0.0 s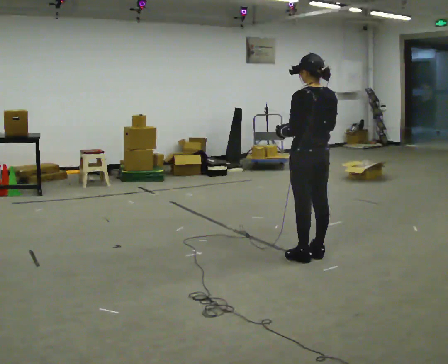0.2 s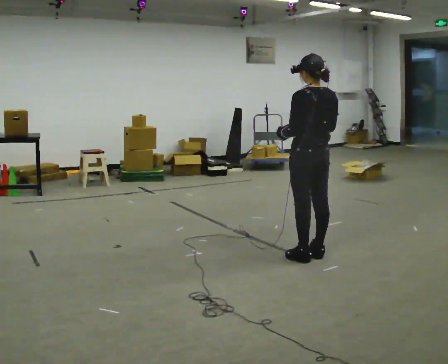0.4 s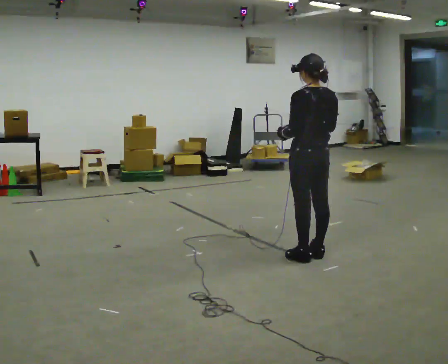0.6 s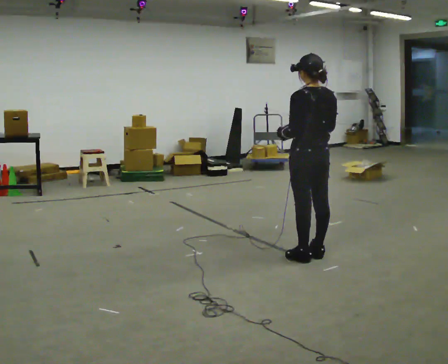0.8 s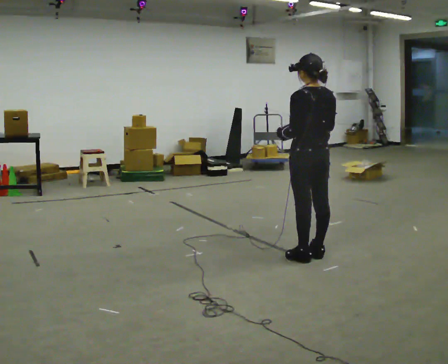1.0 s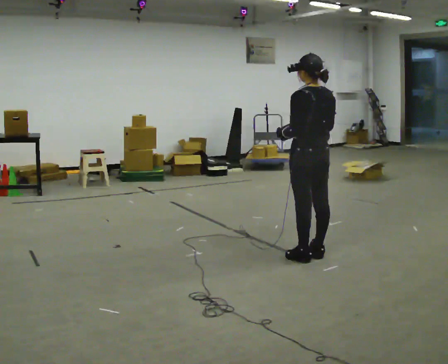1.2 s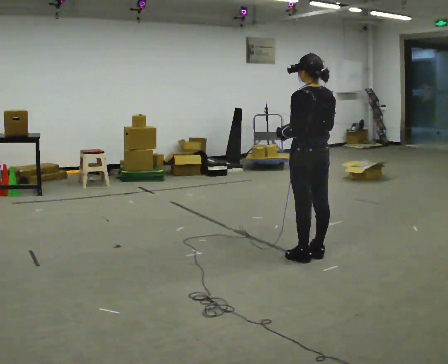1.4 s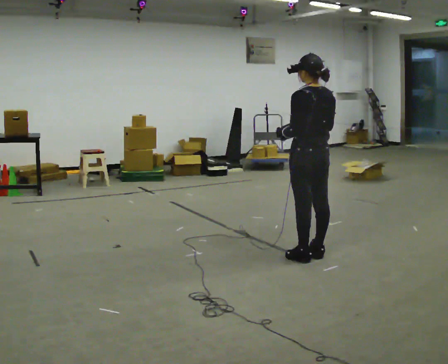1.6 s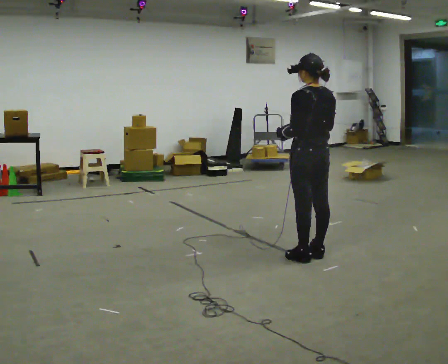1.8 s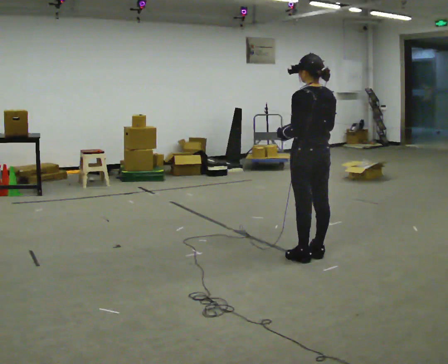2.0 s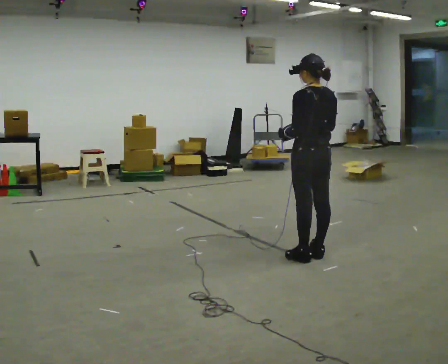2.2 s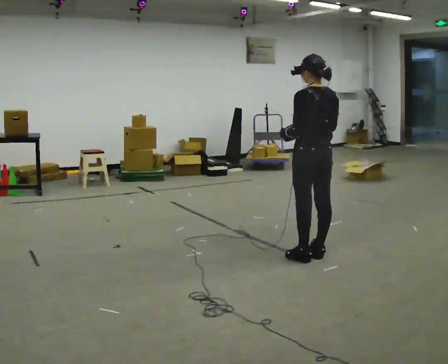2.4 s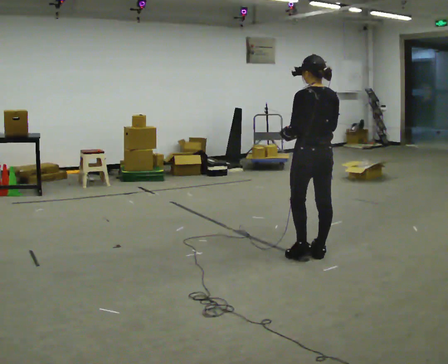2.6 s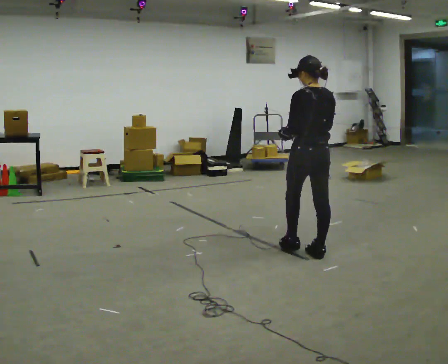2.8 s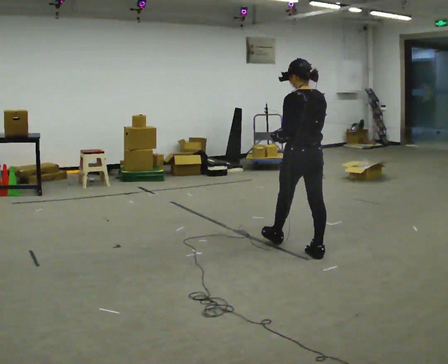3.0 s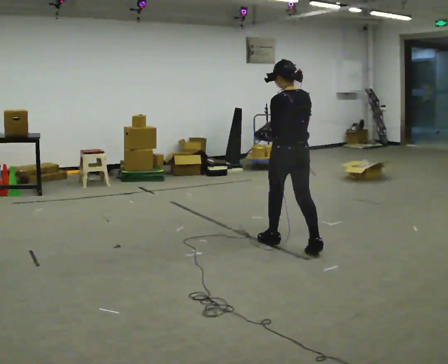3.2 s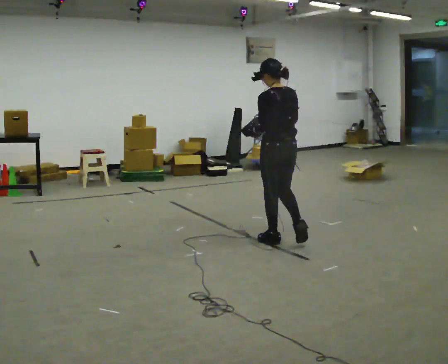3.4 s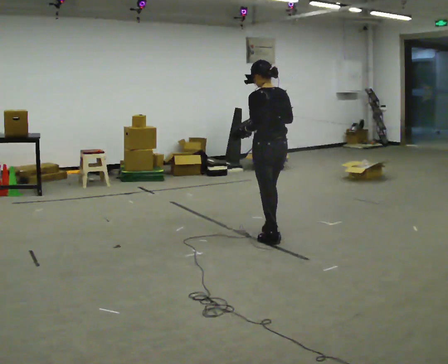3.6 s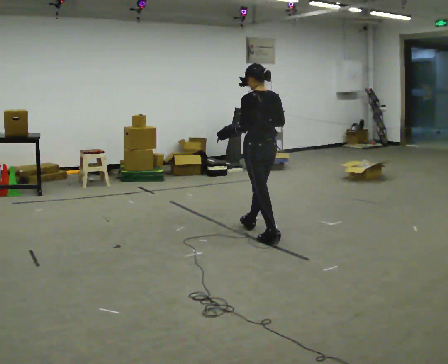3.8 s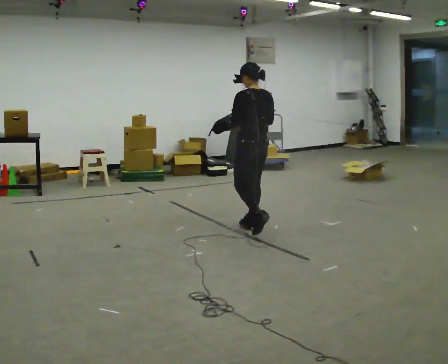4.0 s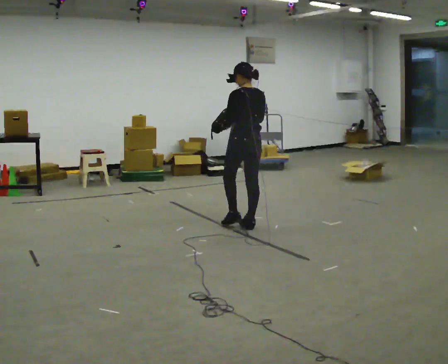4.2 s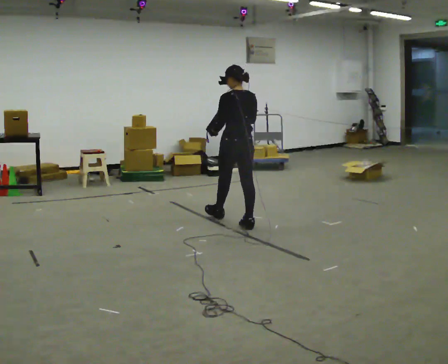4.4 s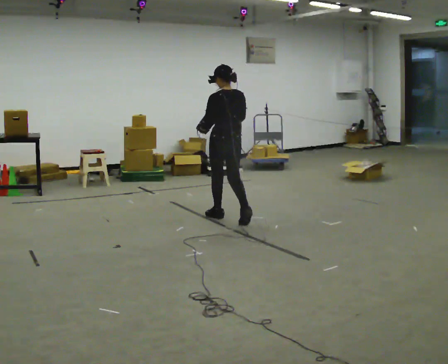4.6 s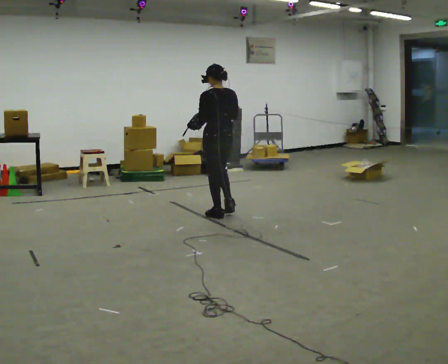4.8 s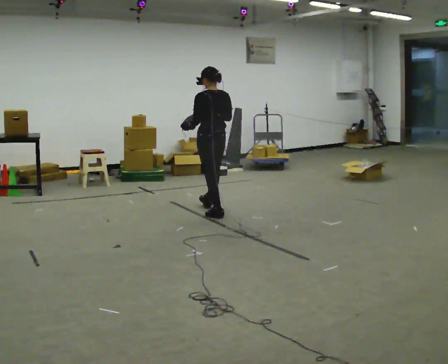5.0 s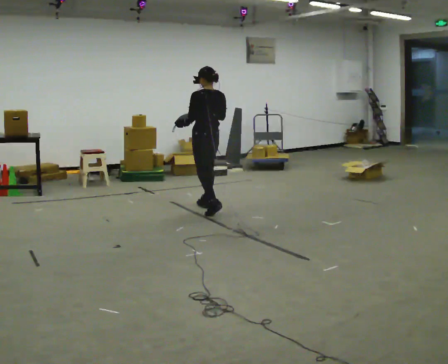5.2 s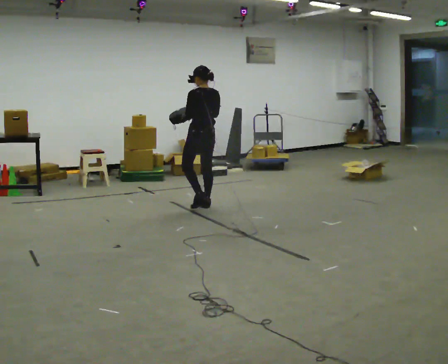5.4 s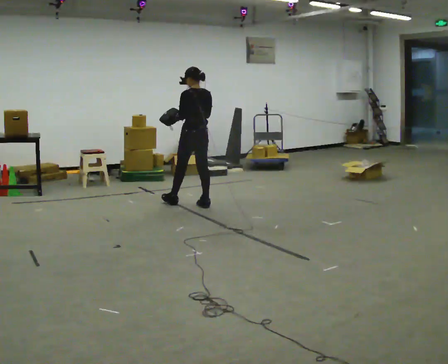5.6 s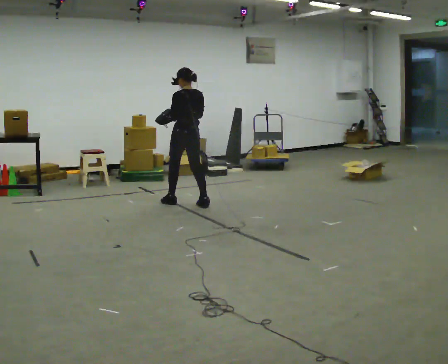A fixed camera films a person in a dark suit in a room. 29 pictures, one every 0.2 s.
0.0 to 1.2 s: The person keeps their place and pose.
1.2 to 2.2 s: The person moves a little, or ends about where they began.
2.2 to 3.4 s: In the picture they go away from the camera and to the left, about 0.5 m in 1 step, which for them is forward.
3.4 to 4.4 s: In the picture they go away from the camera and to the left, about 1 m in 2 steps, which for them is forward.
4.4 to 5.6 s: In the picture they go to the left and away from the camera, about 1 m in 2 steps, which for them is forward.
The film runs forward here.
